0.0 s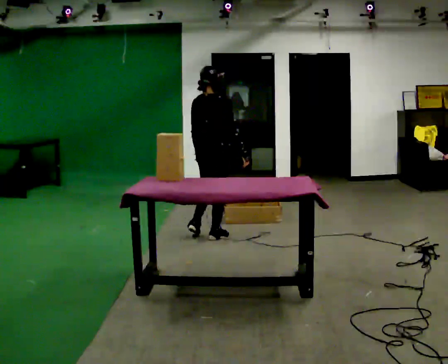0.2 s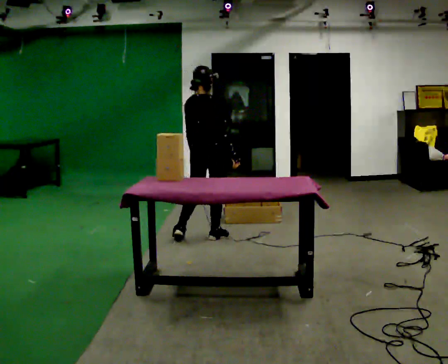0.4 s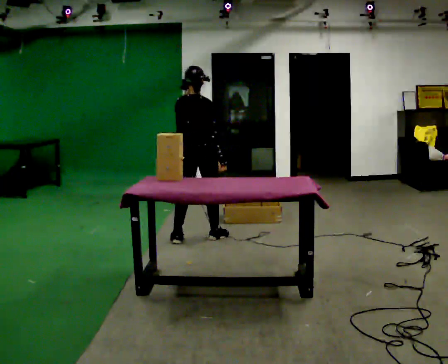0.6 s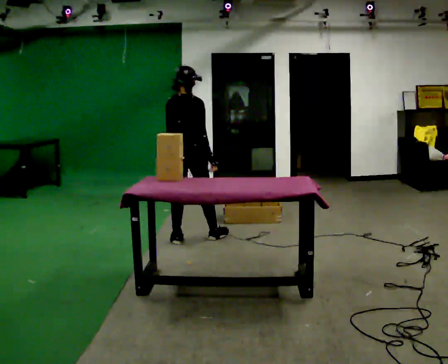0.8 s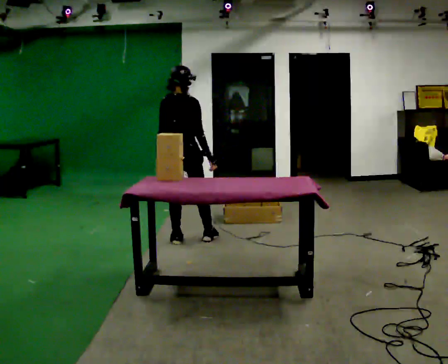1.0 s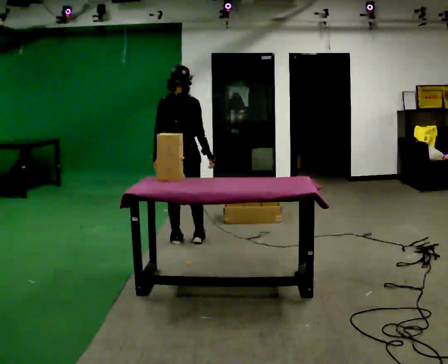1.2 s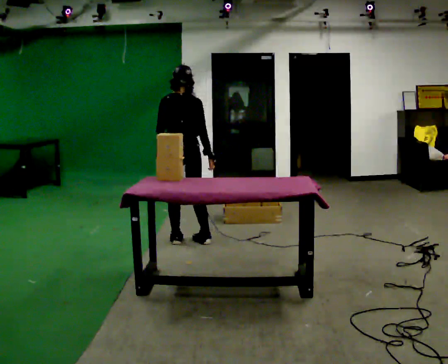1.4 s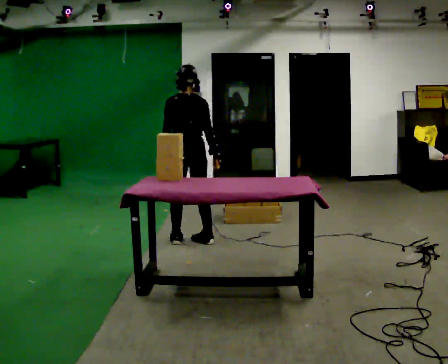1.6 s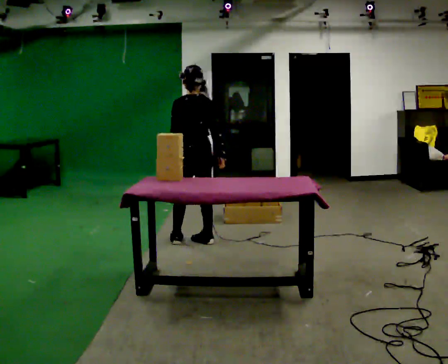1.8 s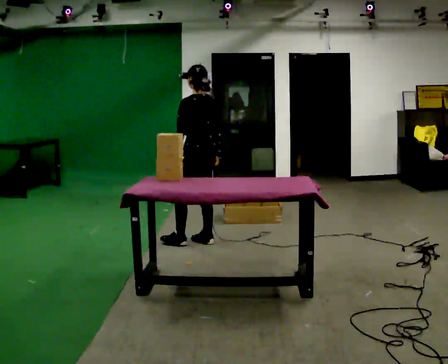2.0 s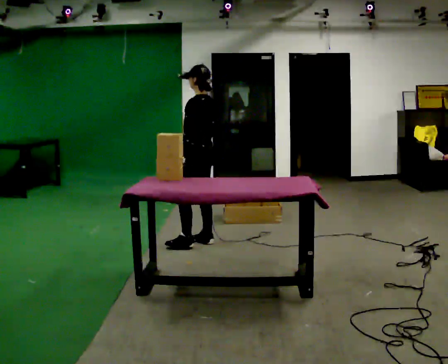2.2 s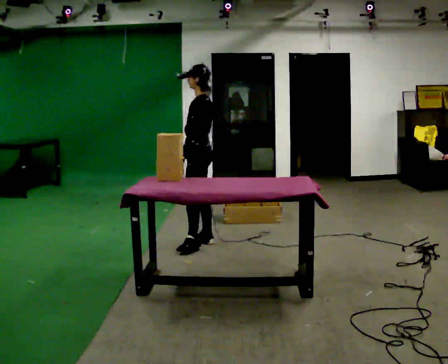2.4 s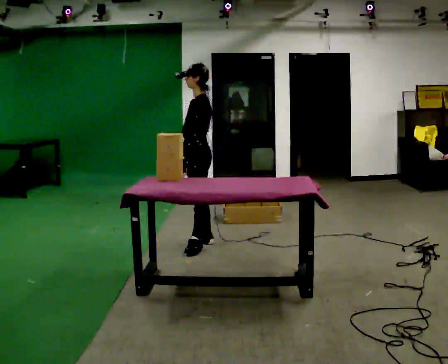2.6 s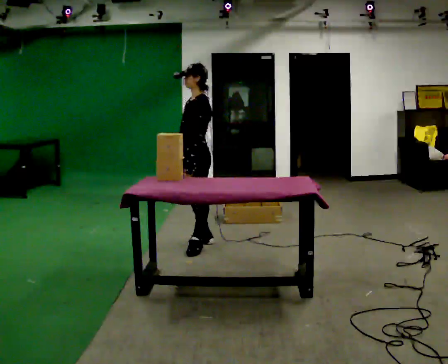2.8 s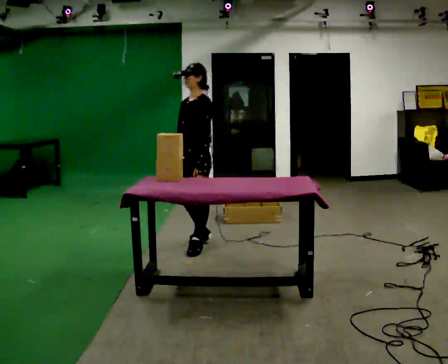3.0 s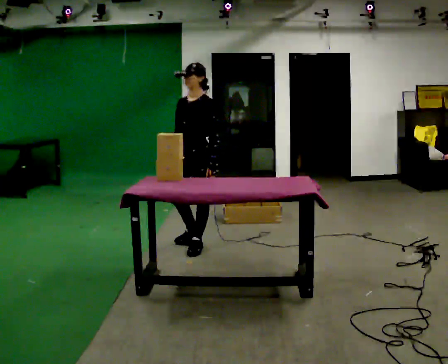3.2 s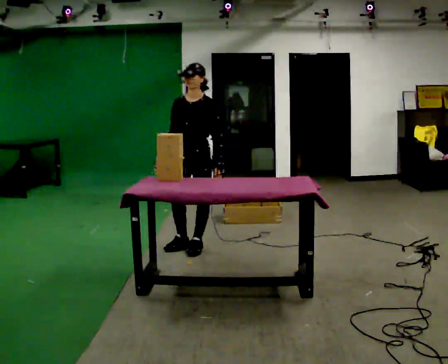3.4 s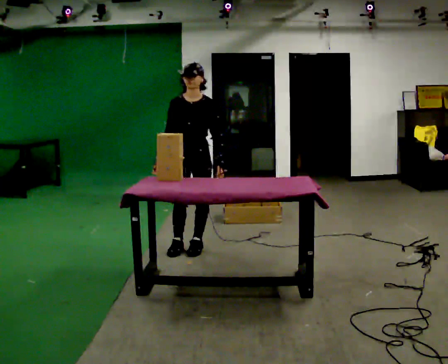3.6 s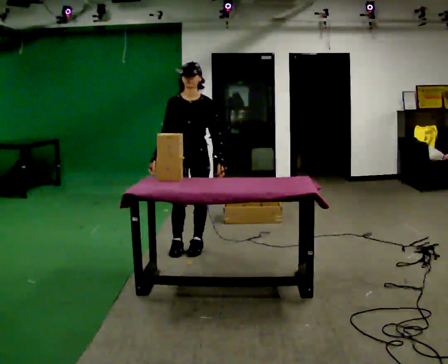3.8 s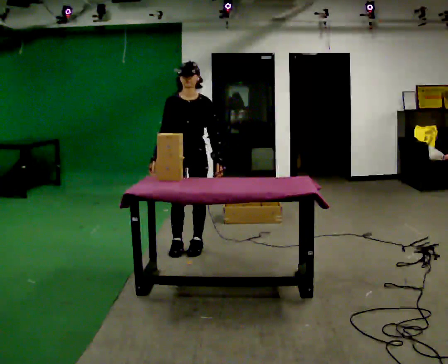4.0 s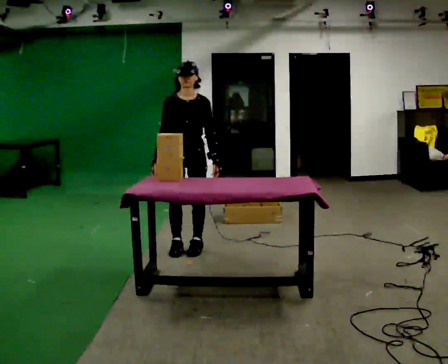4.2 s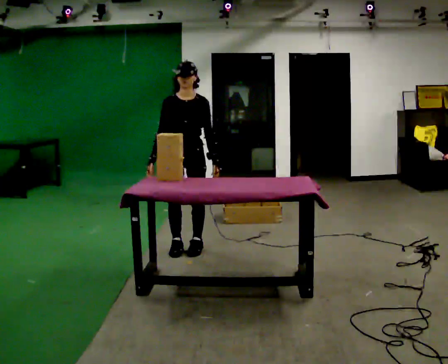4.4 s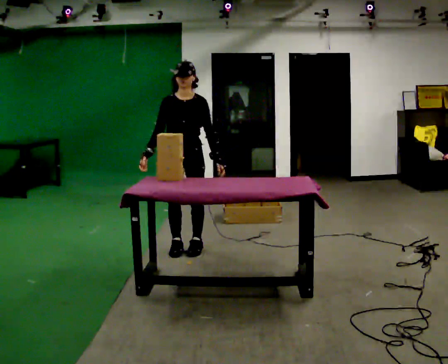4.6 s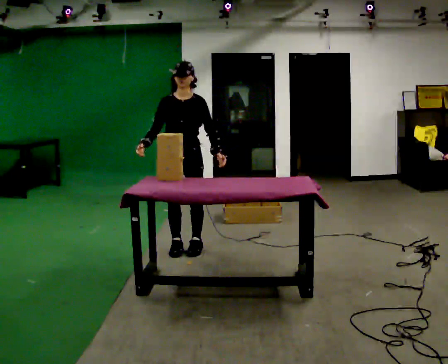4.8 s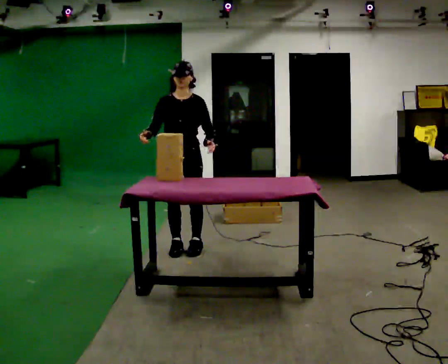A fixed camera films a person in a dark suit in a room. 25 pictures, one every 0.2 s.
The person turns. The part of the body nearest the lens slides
to the right.
The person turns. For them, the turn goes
to their left.
0.0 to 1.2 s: Seen from above the body turns counterclockwise, about 30 degrees: to their left, with its near side sliding to the right. In the picture they go to the left, about 0.25 m in 1 step, which for them is backward and to their left.
1.2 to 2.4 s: Seen from above the body turns counterclockwise, about 90 degrees: to their left, with its near side sliding to the right. In the picture they go to the right, about 0.25 m in 1 step.
2.4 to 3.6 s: The person turns about 75 degrees to their left, counterclockwise seen from above, so the part of the body nearest the lens slides to the right. In the picture they go toward the camera, about 0.25 m in 1 step. In the picture their left hand goes to the right.
3.6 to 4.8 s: The person moves a little, or ends about where they began.
The film runs backward here.
